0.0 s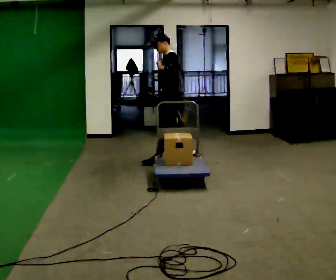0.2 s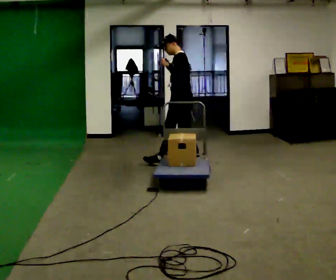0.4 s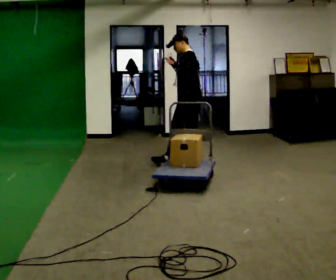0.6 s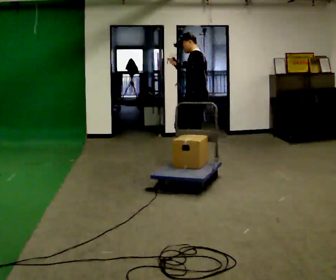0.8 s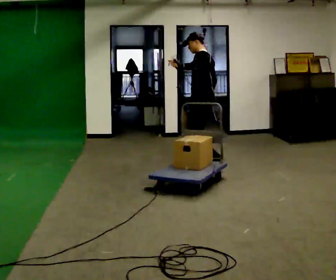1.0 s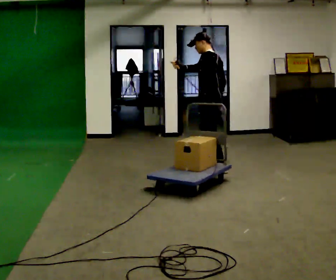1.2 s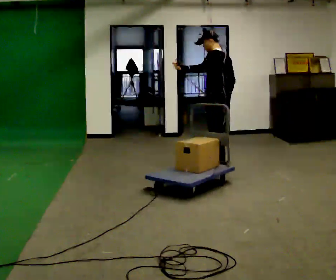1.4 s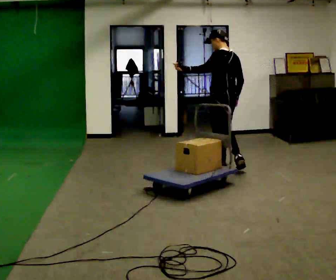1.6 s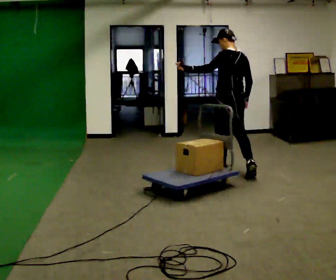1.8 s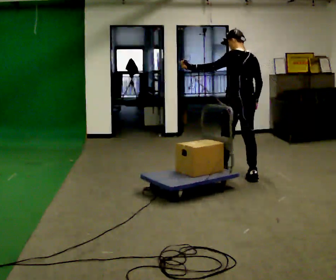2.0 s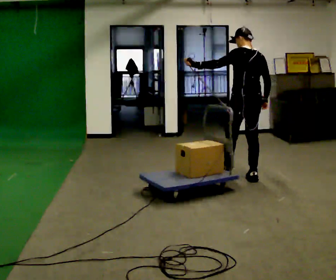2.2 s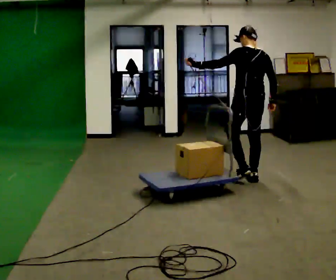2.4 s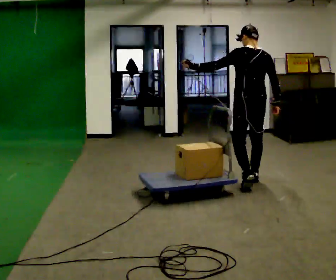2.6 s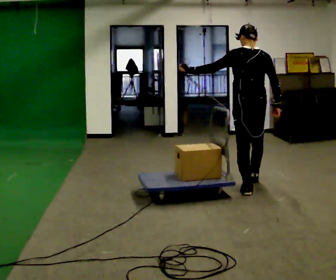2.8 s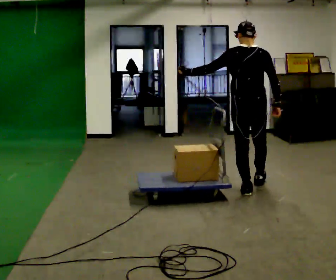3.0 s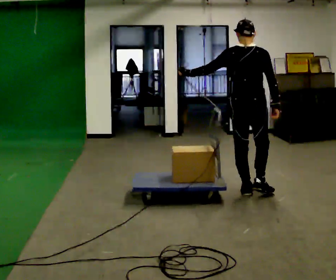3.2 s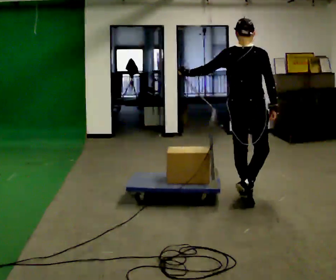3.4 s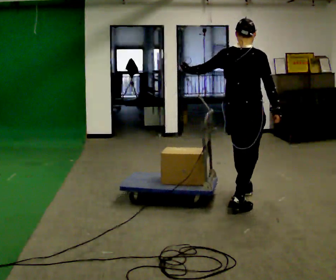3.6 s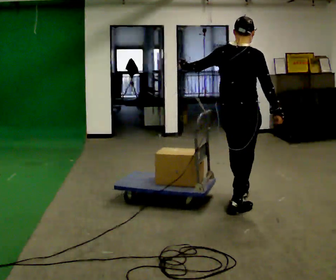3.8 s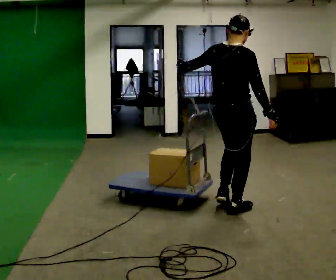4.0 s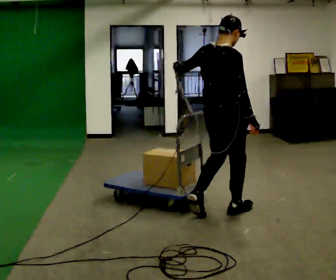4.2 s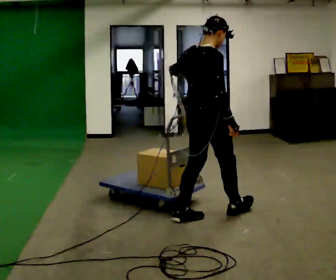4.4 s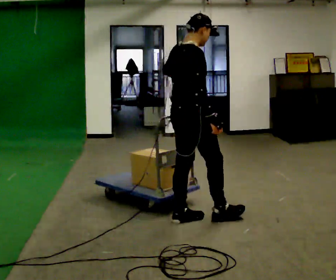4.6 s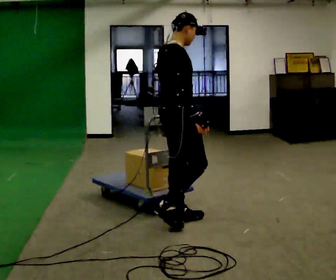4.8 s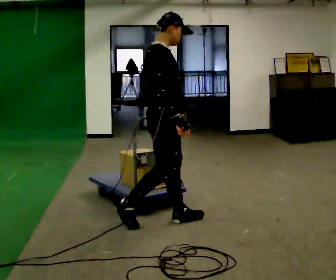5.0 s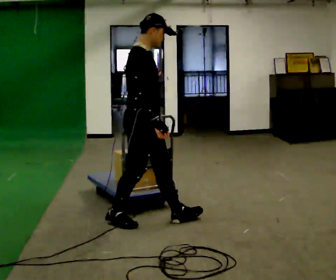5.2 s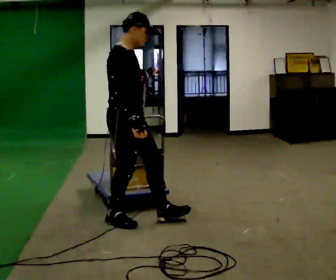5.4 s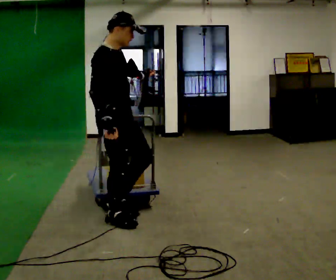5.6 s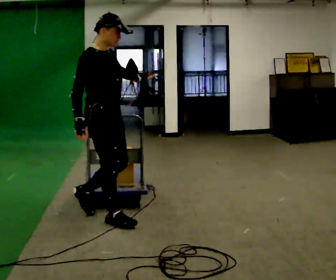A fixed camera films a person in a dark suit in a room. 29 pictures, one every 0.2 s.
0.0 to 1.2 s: The part of the body nearest the lens slides to the left as the person turns to their right by about 30 degrees. In the picture they go to the right and toward the camera, about 0.75 m in 2 steps, which for them is backward.
1.2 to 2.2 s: The person turns about 45 degrees to their right, clockwise seen from above, so the part of the body nearest the lens slides to the left. In the picture they go toward the camera and to the right, about 0.5 m in 1 step, which for them is backward.
2.2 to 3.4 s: Seen from above the body turns clockwise, about 60 degrees: to their right, with its near side sliding to the left. In the picture they go toward the camera, about 0.5 m in 1 step, which for them is backward.
3.4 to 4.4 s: In the picture they go toward the camera and to the left, about 0.75 m in 2 steps, which for them is backward.
4.4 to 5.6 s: The part of the body nearest the lens slides to the left as the person turns to their right by about 45 degrees. In the picture they go to the left, about 0.75 m in 1 step, which for them is backward.
The film runs backward here.
